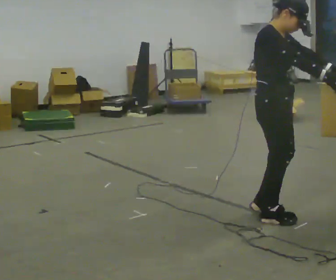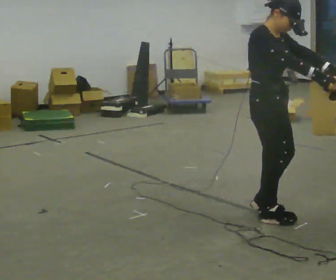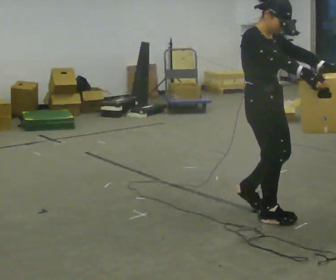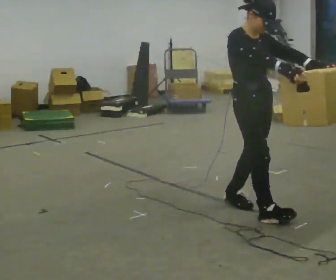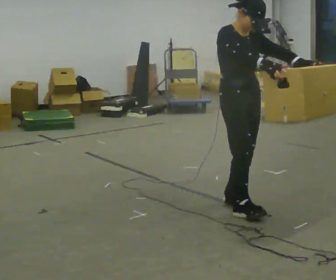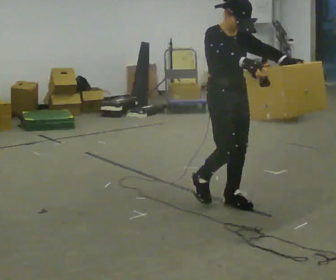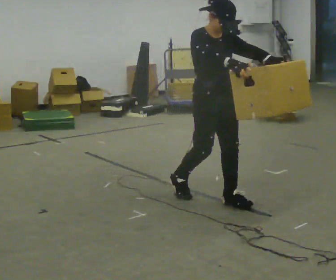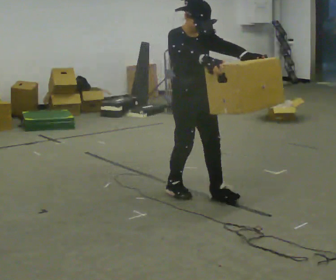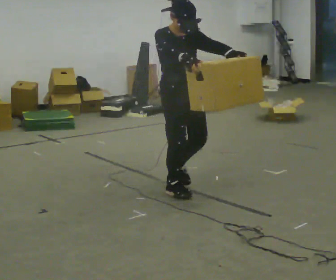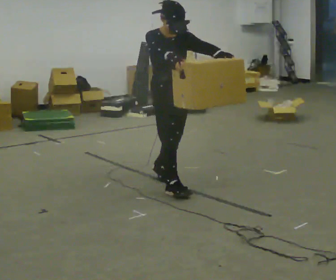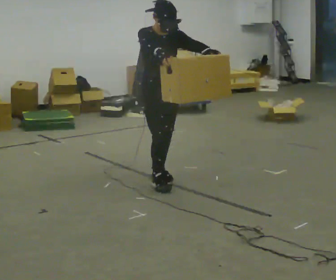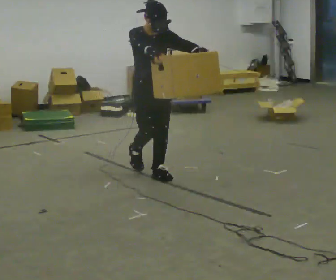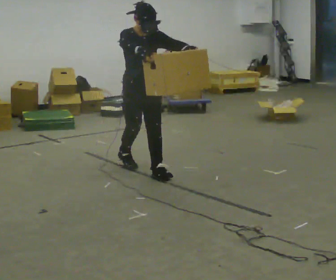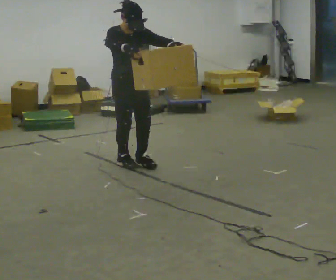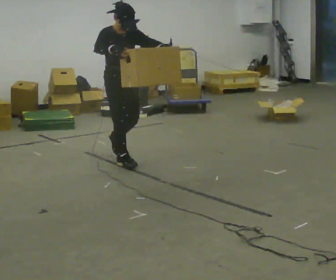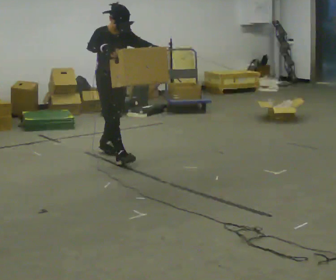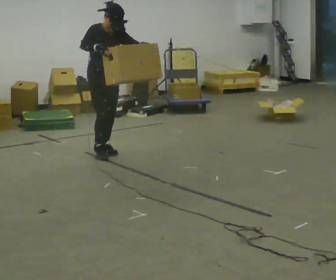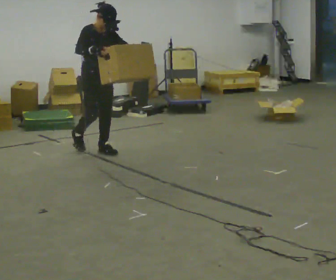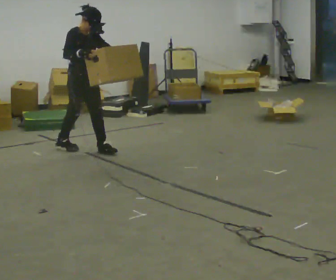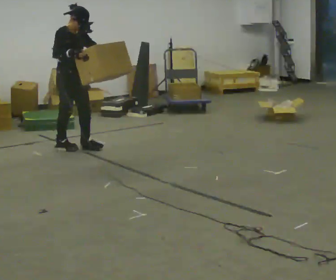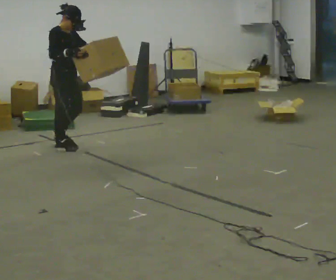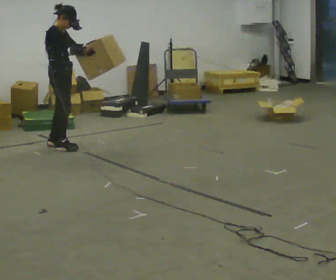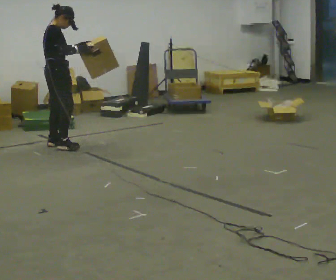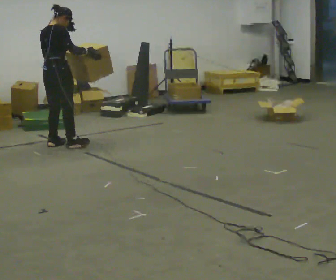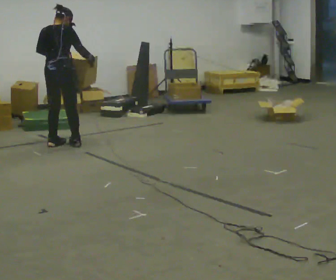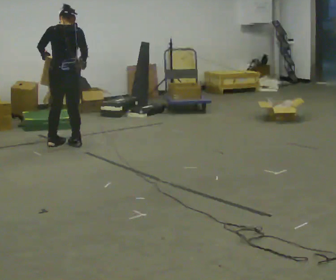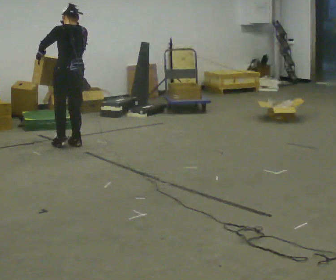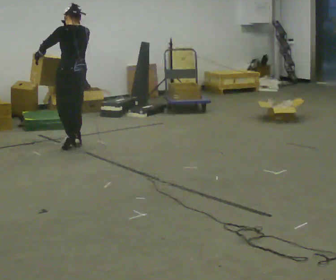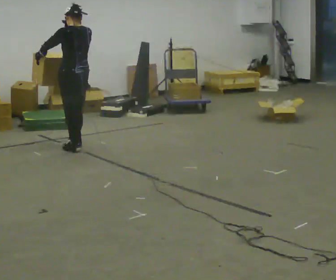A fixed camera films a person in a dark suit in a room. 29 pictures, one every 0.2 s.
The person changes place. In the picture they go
away from the camera.
0.0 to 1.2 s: Seen from above the body turns clockwise, about 45 degrees: to their right, with its near side sliding to the left. In the picture they go away from the camera and to the left, about 0.5 m in 2 steps, which for them is backward.
1.2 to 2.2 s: In the picture they go away from the camera and to the left, about 1 m in 2 steps, which for them is backward.
2.2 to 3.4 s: In the picture they go away from the camera and to the left, about 1 m in 2 steps, which for them is backward.
3.4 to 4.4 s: The part of the body nearest the lens slides to the right as the person turns to their left by about 60 degrees. In the picture they go to the left and away from the camera, about 0.5 m in 1 step, which for them is backward.
4.4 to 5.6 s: The part of the body nearest the lens slides to the right as the person turns to their left by about 120 degrees. In the picture they go to the right, about 0.25 m in 2 steps.
The film runs backward here.
